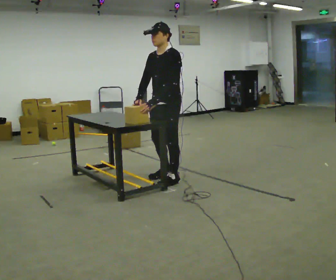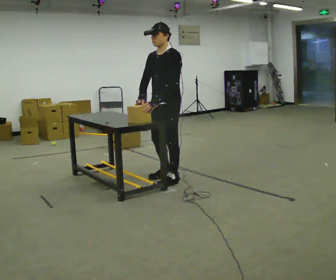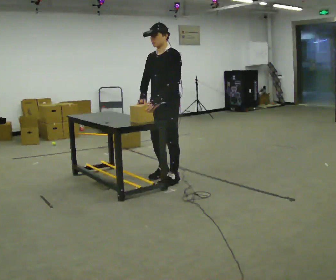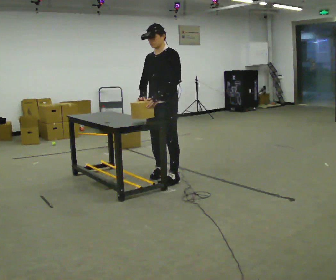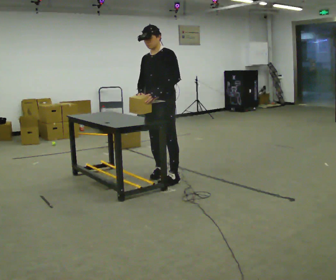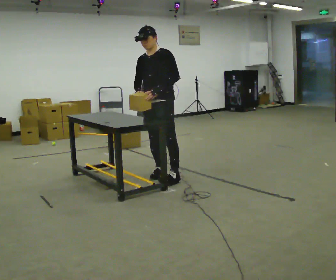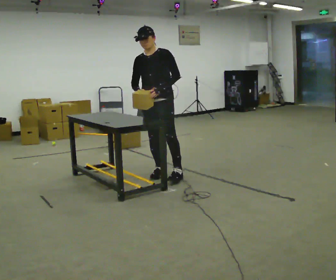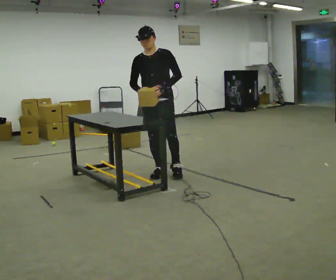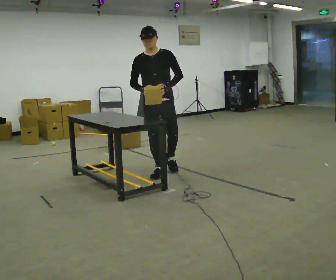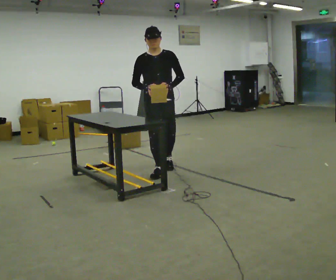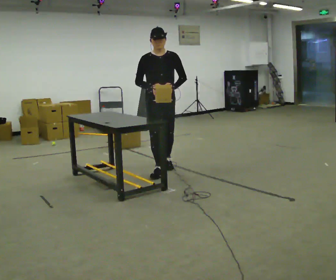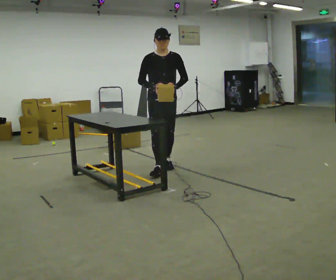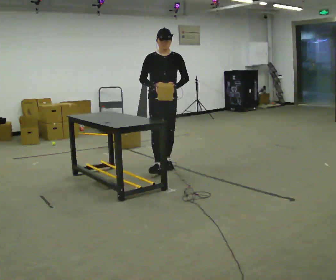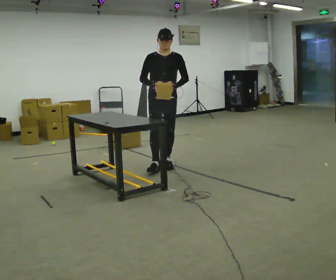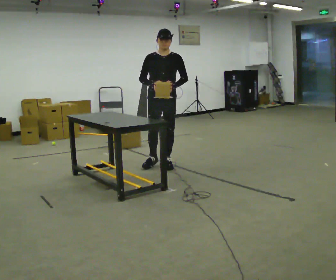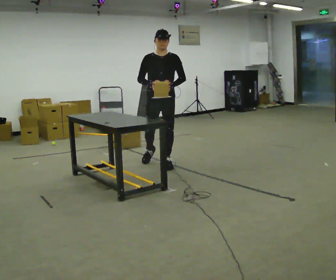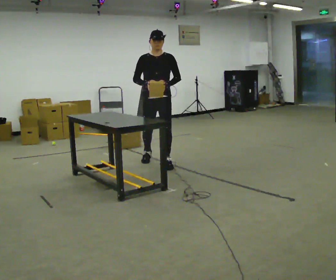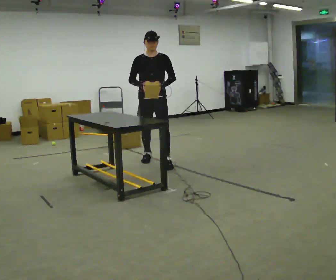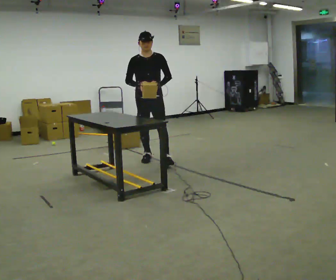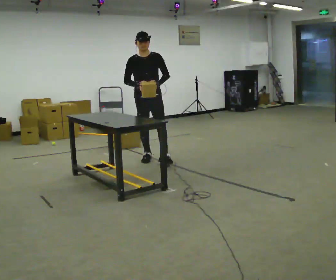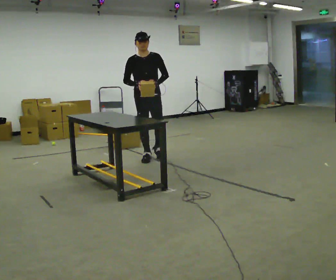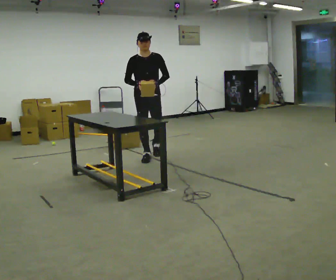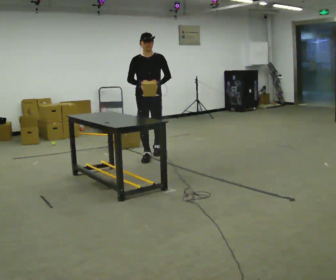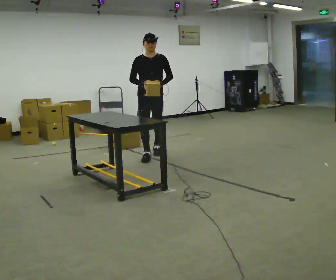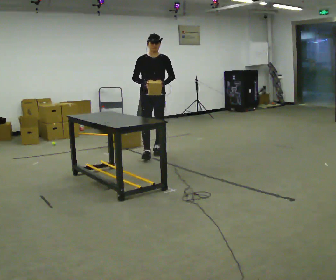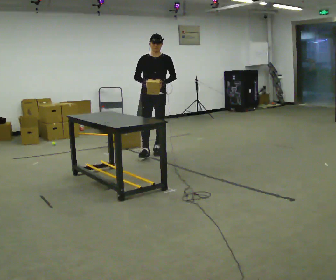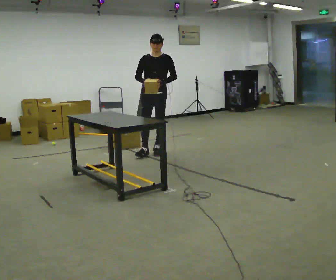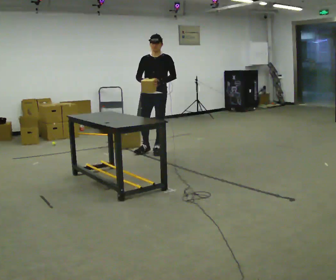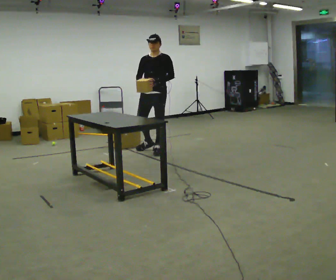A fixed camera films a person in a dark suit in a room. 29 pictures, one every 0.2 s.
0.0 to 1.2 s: Seen from above the body turns counterclockwise, about 30 degrees: to their left, with its near side sliding to the right. In the picture they go away from the camera, about 0.25 m in 2 steps, which for them is to their right.
1.2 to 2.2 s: The part of the body nearest the lens slides to the right as the person turns to their left by about 30 degrees. In the picture they go away from the camera, about 0.25 m, which for them is backward.
2.2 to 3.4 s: In the picture they go away from the camera, about 0.25 m in 1 step, which for them is backward.
3.4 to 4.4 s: In the picture they go away from the camera, about 0.25 m in 1 step, which for them is backward.
4.4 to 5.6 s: Seen from above the body turns clockwise, about 30 degrees: to their right, with its near side sliding to the left. In the picture they go away from the camera, about 0.25 m in 1 step, which for them is backward.
The film runs backward here.
